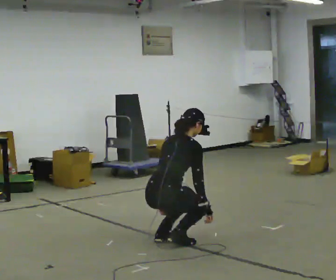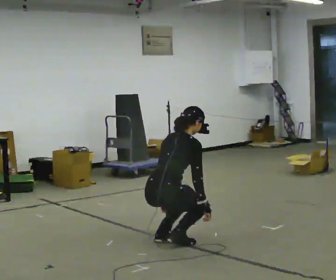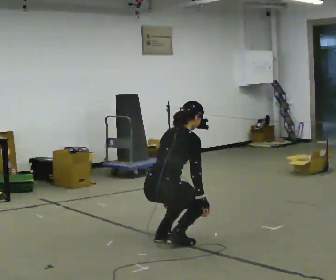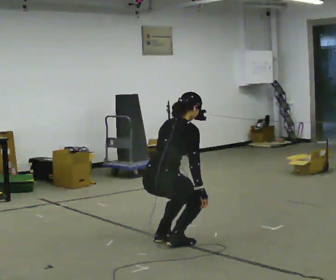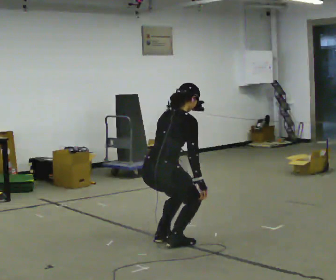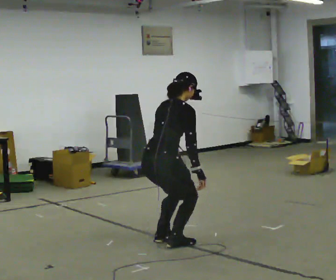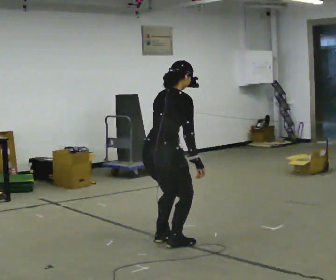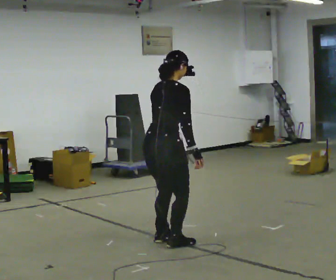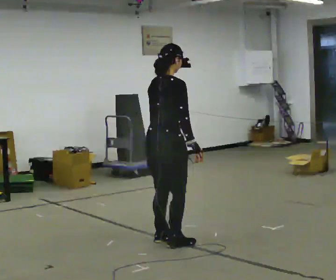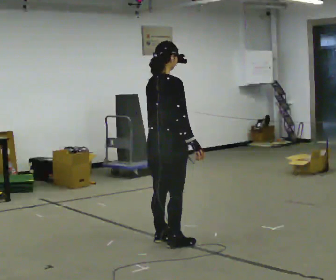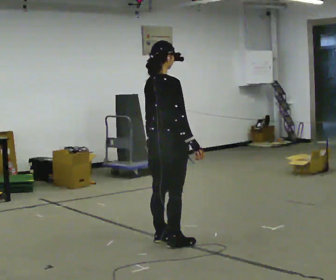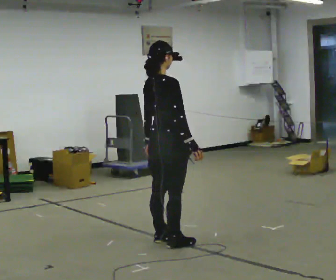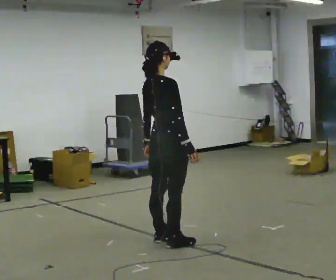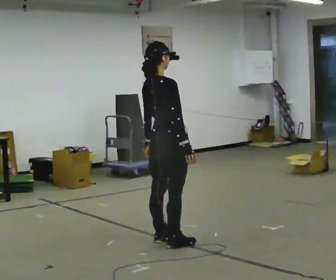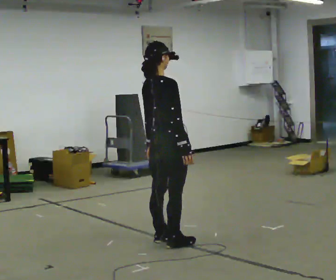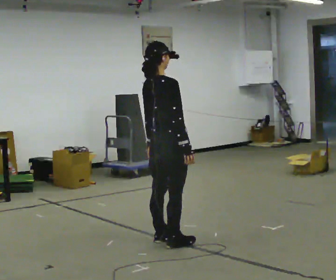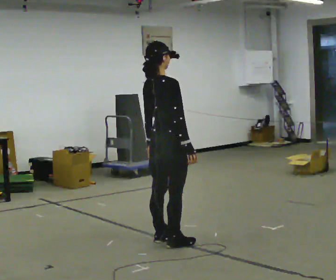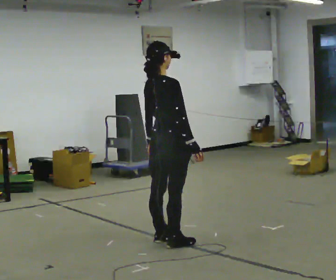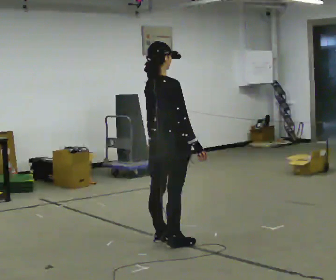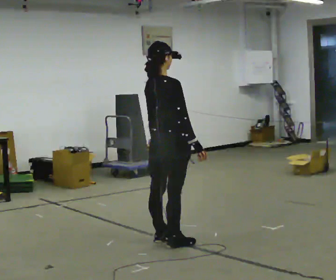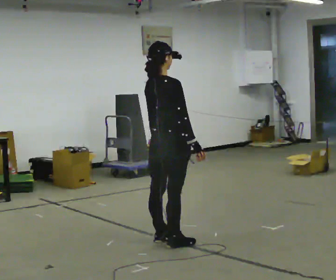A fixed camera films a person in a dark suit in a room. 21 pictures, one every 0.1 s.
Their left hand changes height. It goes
upward.
The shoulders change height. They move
upward.
0.0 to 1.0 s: The upper body goes upward. In the picture the upper body tilts counterclockwise, shoulders to the left, as they lean back or straighten. In the picture their left hand goes upward.
1.0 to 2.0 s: The person moves a little, or ends about where they began.
The film runs forward here.
